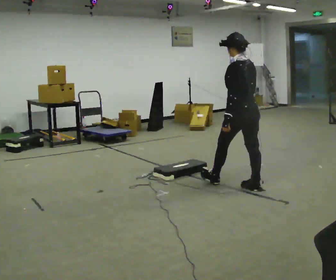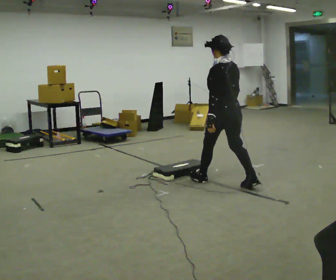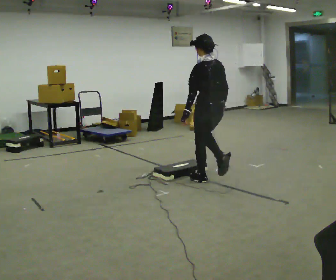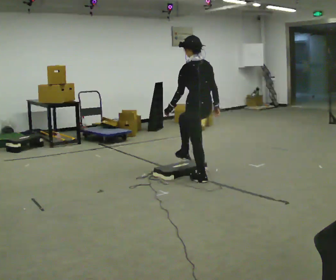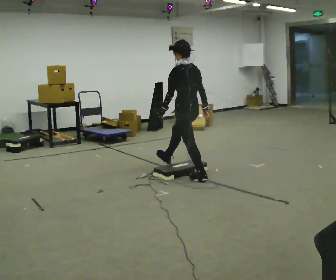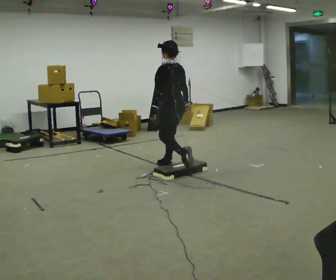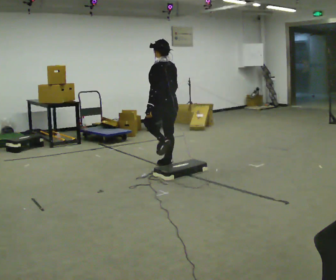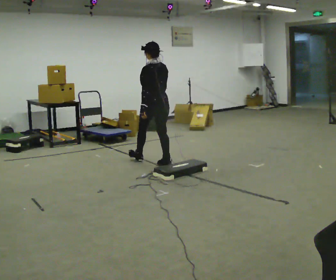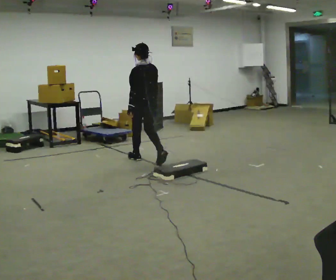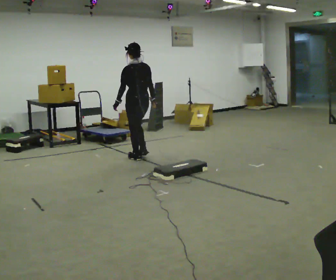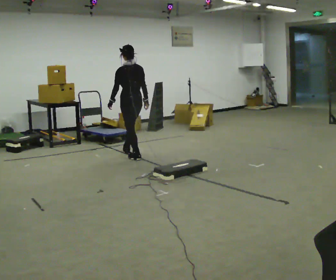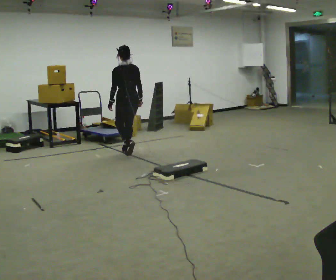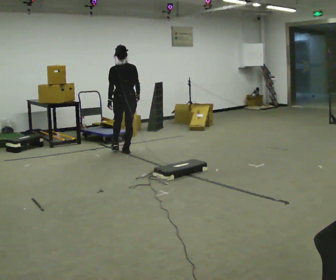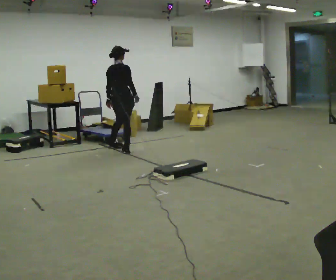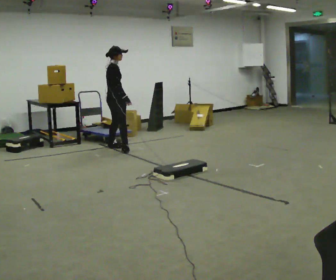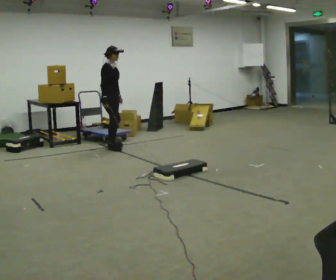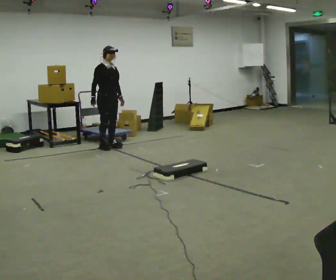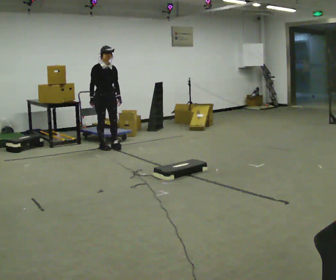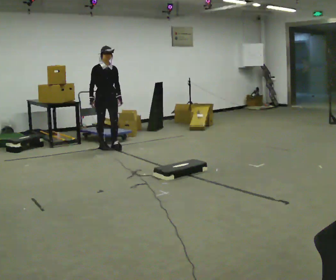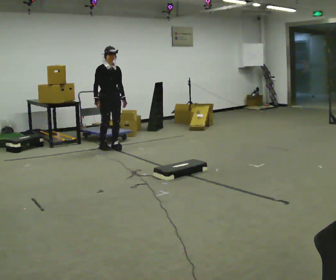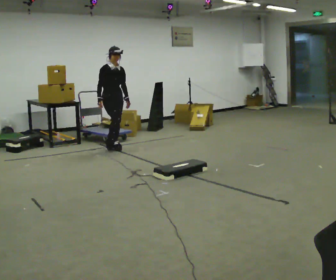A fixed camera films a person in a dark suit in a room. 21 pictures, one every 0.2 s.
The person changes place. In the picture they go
away from the camera.
0.0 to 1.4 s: In the picture they go away from the camera and to the left, about 1.5 m in 2 steps, which for them is forward.
1.4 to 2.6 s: Seen from above the body turns clockwise, about 75 degrees: to their right, with its near side sliding to the left. In the picture they go away from the camera and to the left, about 1 m in 2 steps.
2.6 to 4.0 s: The part of the body nearest the lens slides to the left as the person turns to their right by about 105 degrees. In the picture their right hand goes to the left, the arm swinging clockwise.
The film runs forward here.
